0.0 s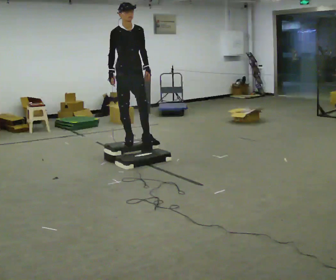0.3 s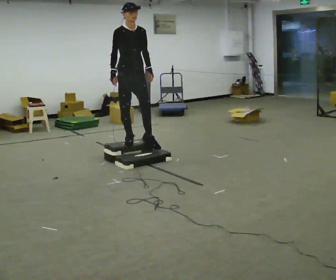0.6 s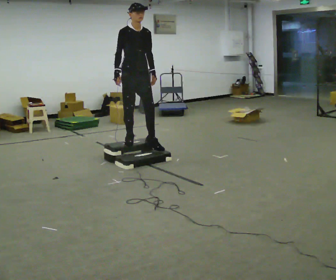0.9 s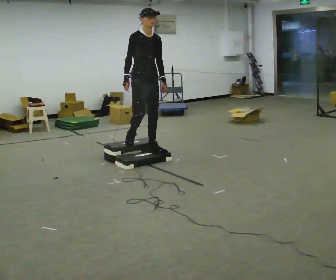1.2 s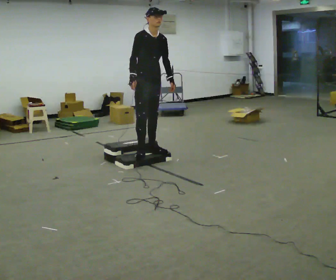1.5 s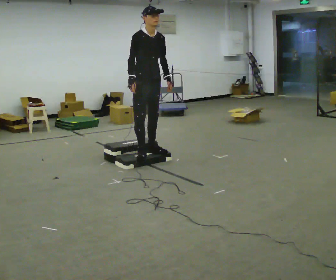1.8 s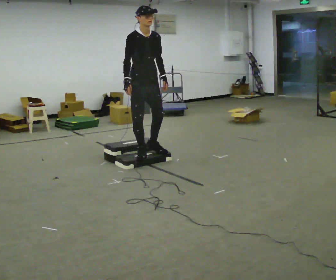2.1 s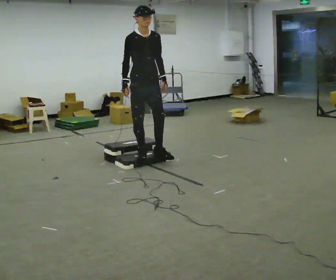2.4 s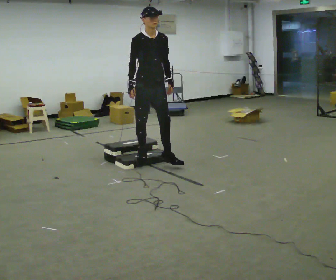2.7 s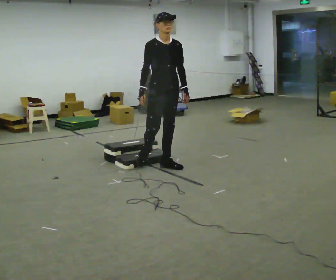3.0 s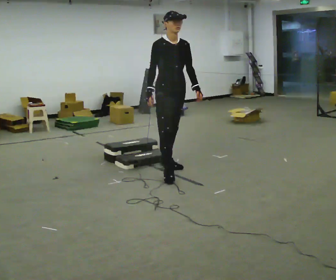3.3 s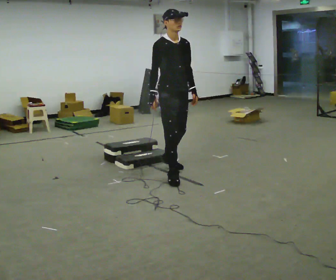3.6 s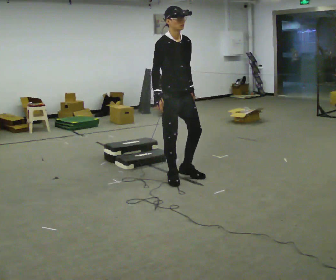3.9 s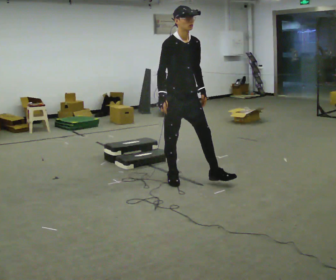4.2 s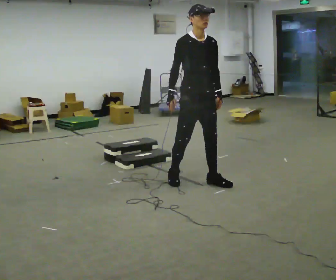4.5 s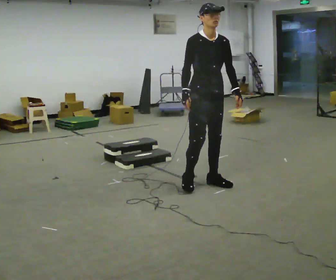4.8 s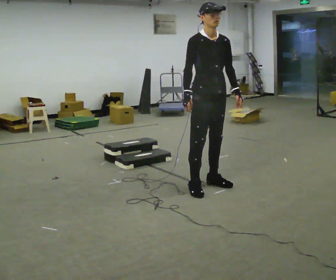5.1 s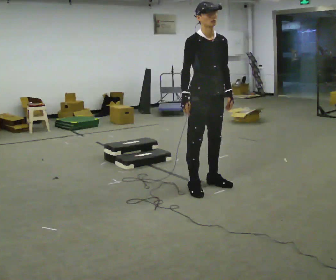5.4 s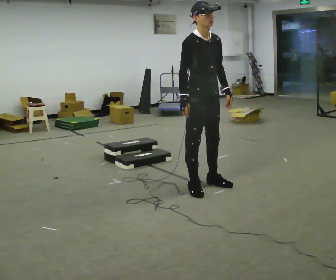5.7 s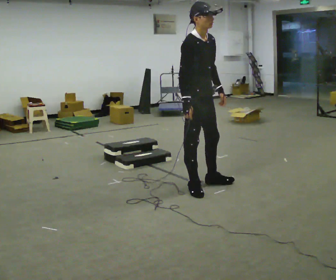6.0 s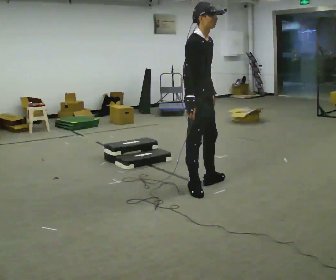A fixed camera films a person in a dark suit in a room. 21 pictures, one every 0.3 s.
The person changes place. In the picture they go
toward the camera.
0.0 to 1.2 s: In the picture they go to the right and toward the camera, about 0.25 m in 1 step, which for them is forward.
1.2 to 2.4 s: In the picture they go toward the camera, about 0.25 m in 2 steps, which for them is forward.
2.4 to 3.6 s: In the picture they go toward the camera and to the right, about 0.5 m in 1 step, which for them is forward.
3.6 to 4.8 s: In the picture they go to the right and toward the camera, about 0.5 m in 2 steps, which for them is forward and to their left.
4.8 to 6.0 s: Seen from above the body turns counterclockwise, about 45 degrees: to their left, with its near side sliding to the right.
The film runs forward here.
